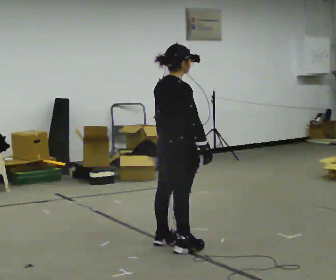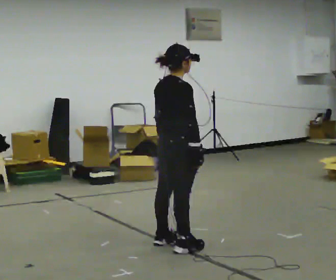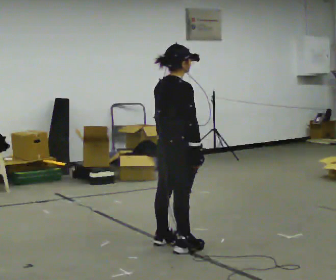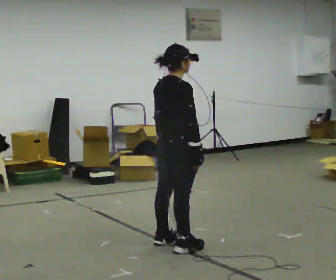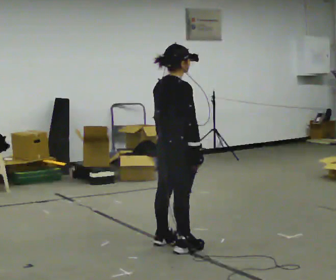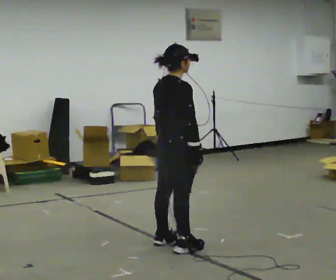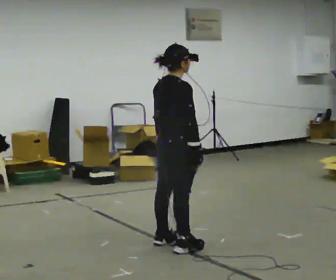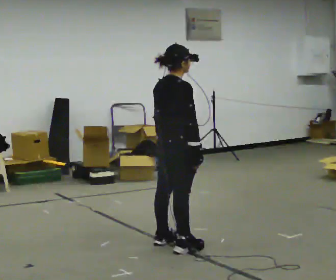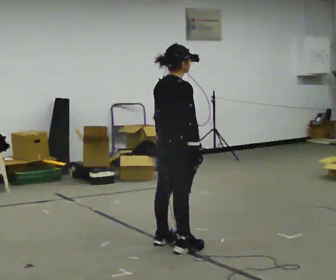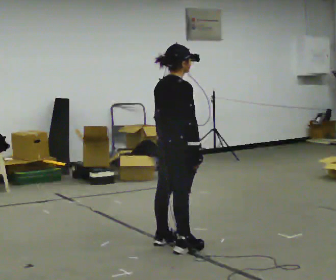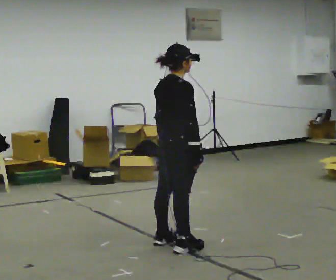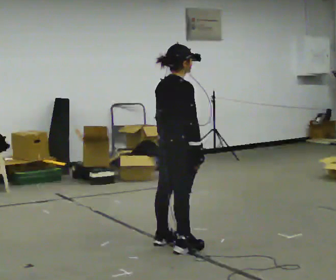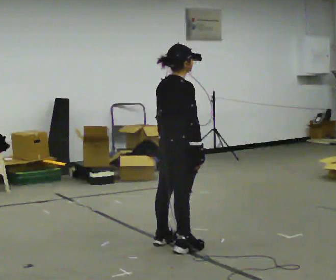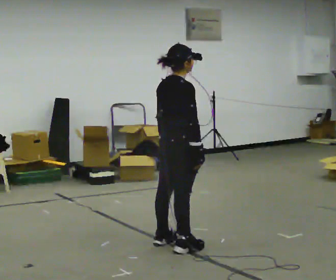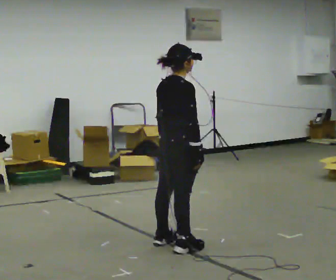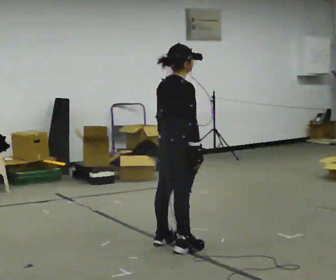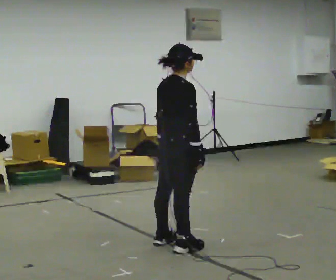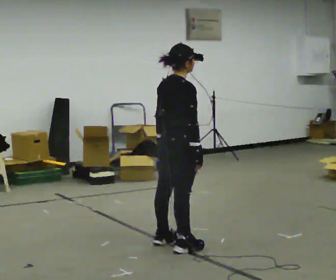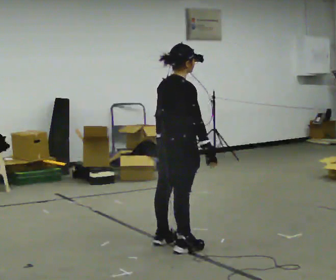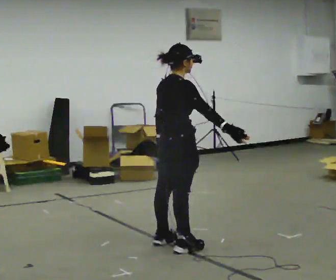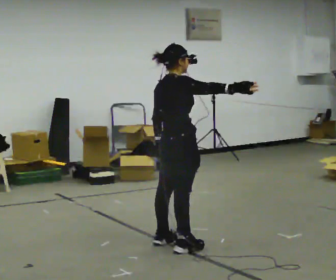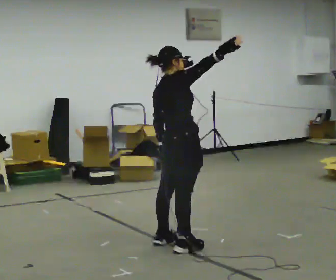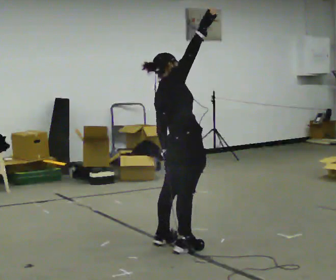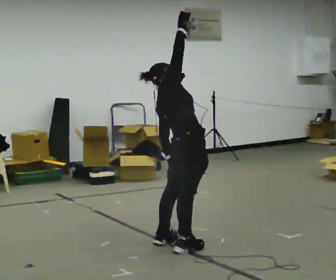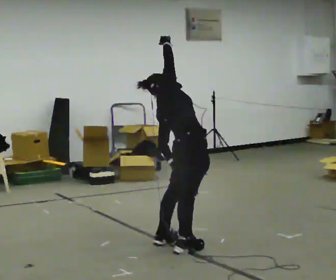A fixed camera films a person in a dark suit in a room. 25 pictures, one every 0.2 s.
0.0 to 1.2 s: The person moves a little, or ends about where they began.
1.2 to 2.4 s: The person keeps their place and pose.
2.4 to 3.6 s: The person moves a little, or ends about where they began.
3.6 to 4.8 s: The upper body tips away from the camera, its near side rolling upward, as they lean back or straighten. In the picture their right hand goes upward, the arm swinging counterclockwise.
The film runs backward here.
